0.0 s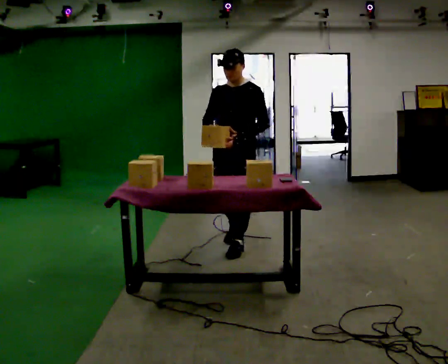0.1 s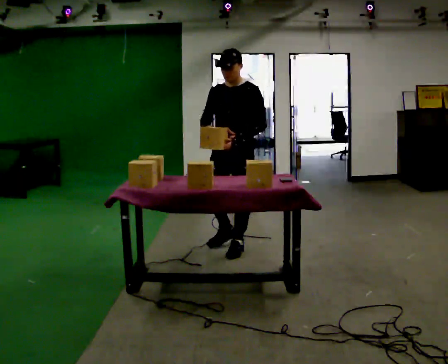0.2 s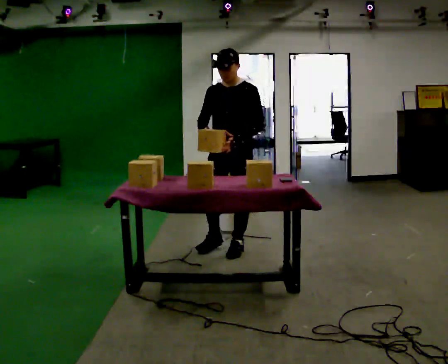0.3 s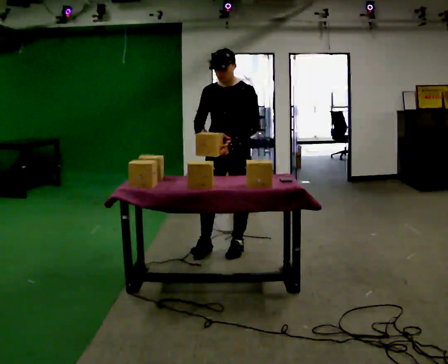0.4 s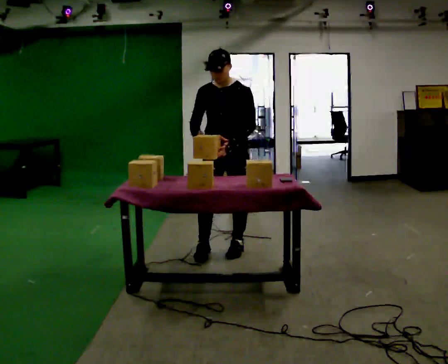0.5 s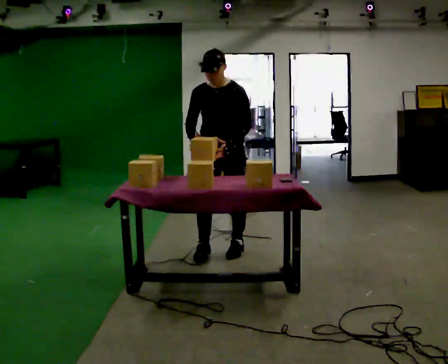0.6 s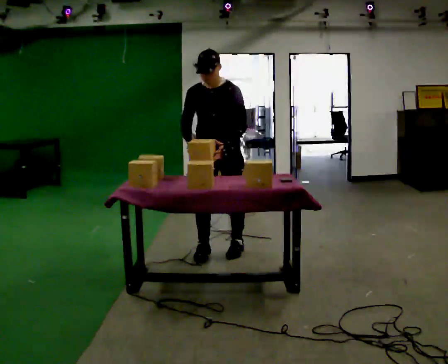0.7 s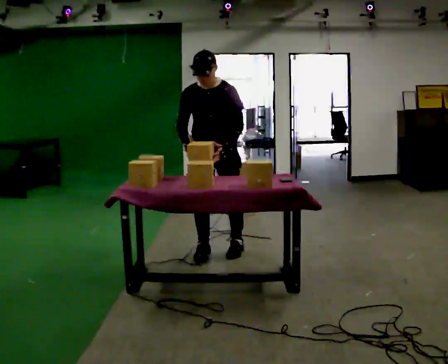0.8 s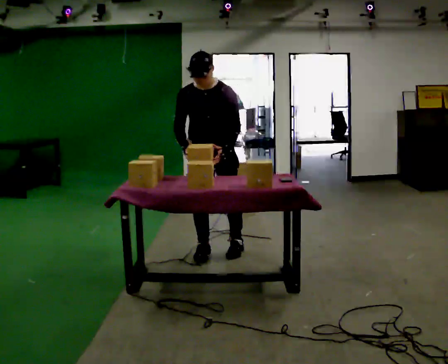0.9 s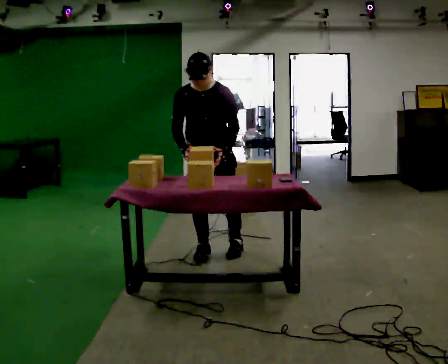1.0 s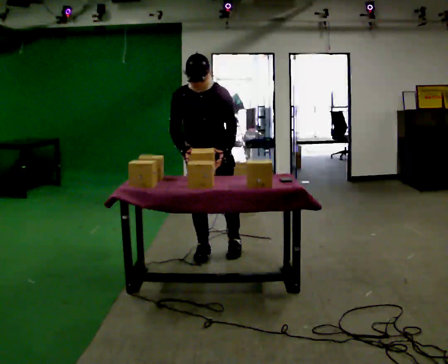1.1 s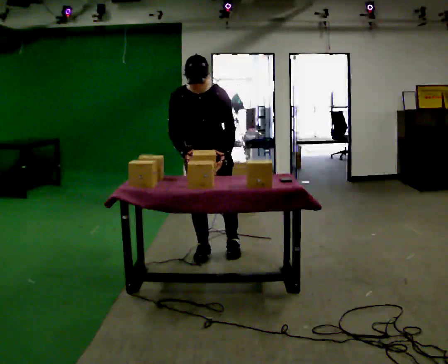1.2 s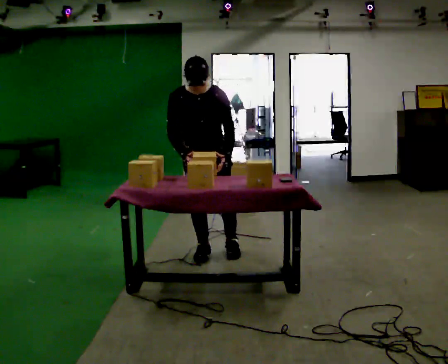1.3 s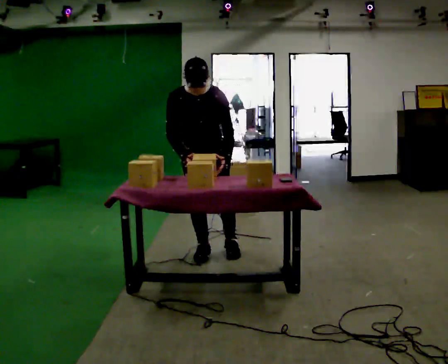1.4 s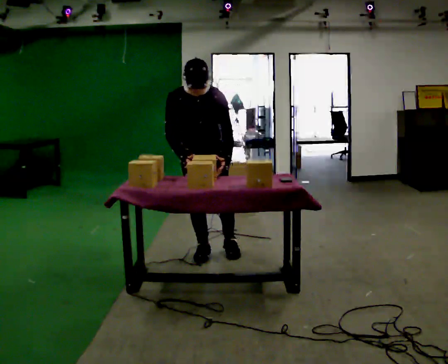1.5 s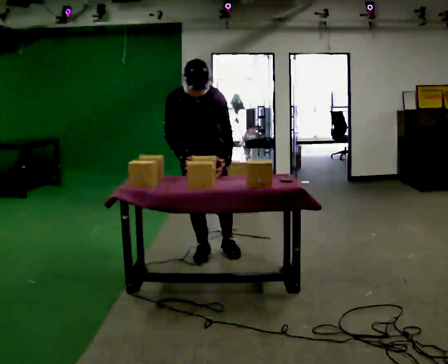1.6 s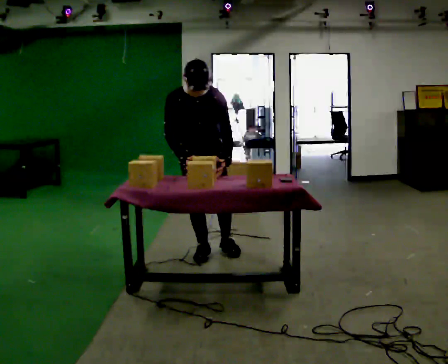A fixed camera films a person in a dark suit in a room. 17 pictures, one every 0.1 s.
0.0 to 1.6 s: Seen from above the body turns counterclockwise, about 45 degrees: to their left, with its near side sliding to the right. In the picture they go to the left, about 0.25 m in 1 step, which for them is to their right. The upper body tips toward the camera, its near side rolling downward, as they bend forward.
The film runs forward here.
